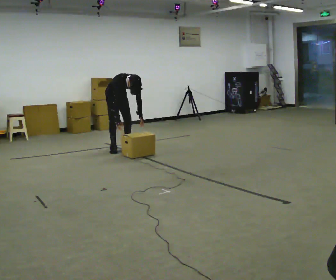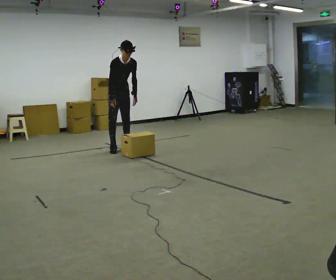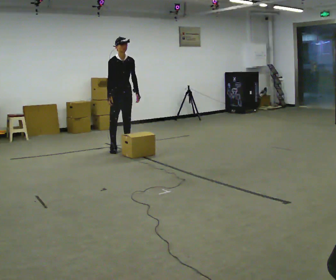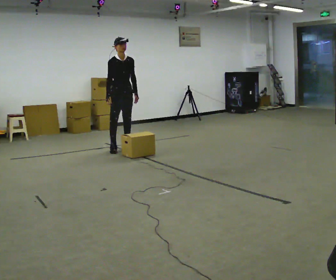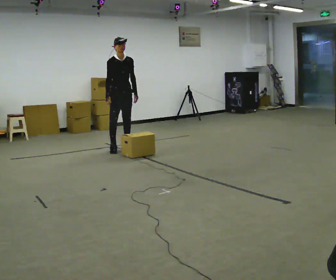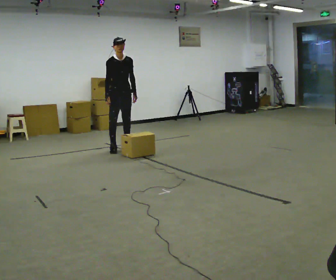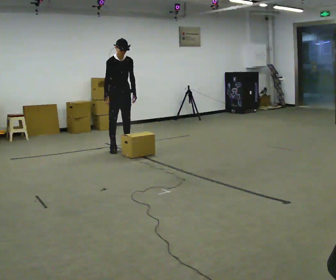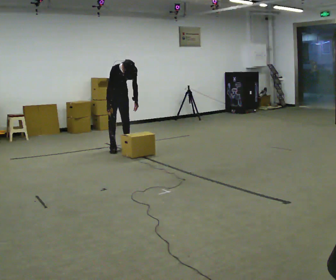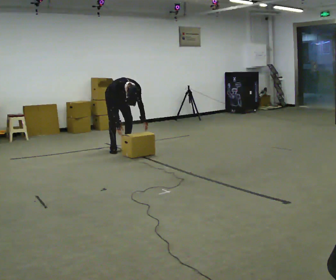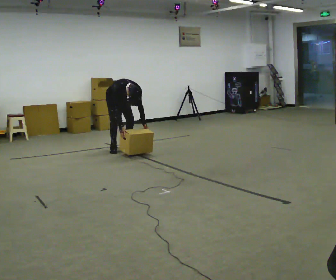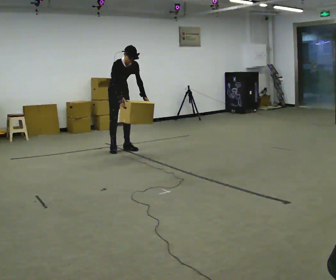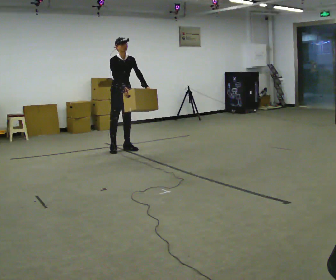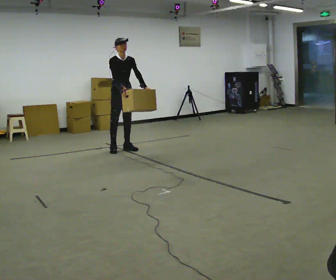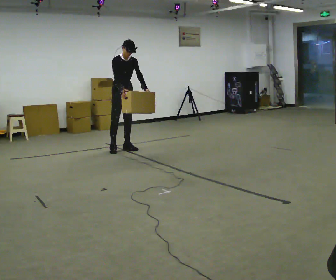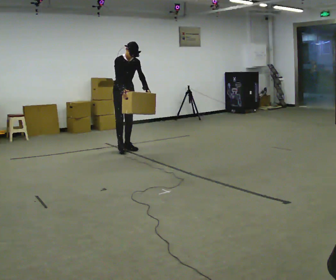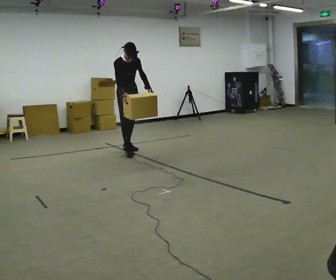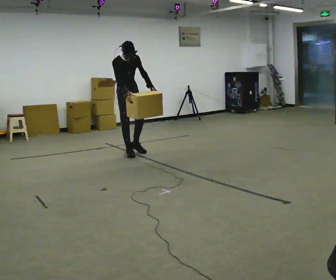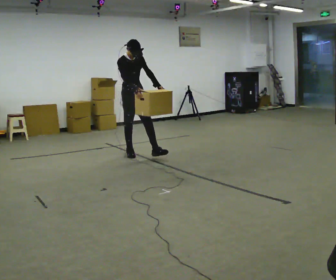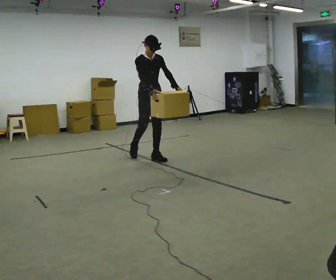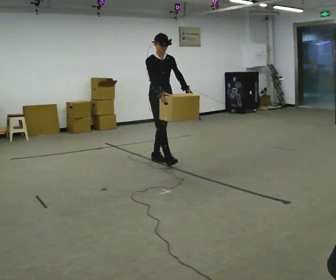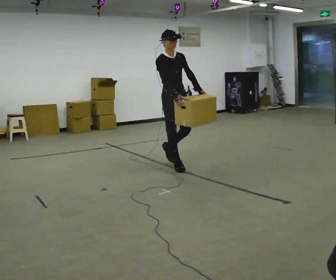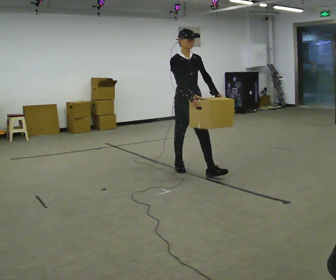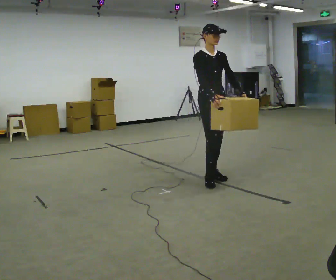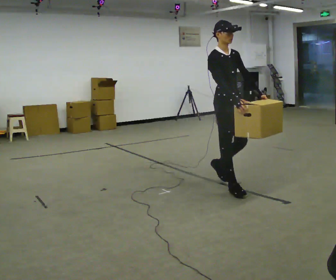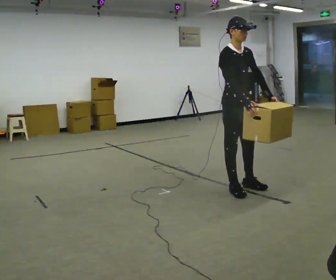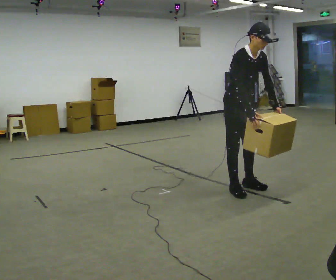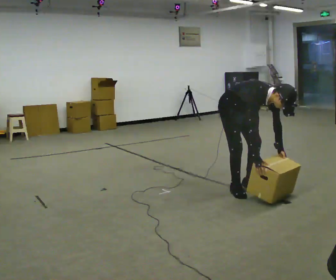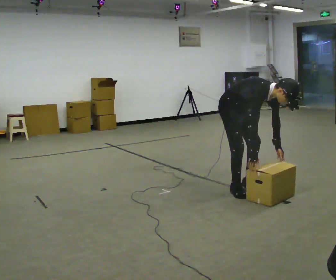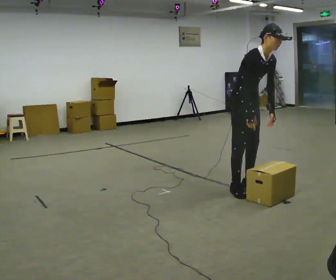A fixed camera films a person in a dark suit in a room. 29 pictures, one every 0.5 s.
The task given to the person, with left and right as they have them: Carry the box straight from one end of the room to the other, set it down, then bring it back. Keep going until the operator says stop; one object at a time, and do not rush between trips.
0.0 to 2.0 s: In the picture they go toward the camera, about 0.25 m, which for them is forward. The upper body goes upward. The upper body tips away from the camera, its near side rolling upward, as they lean back or straighten. In the picture their left hand goes upward.
2.0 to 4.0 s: In the picture they go away from the camera, about 0.25 m, which for them is backward. The upper body goes downward. The upper body tips toward the camera, its near side rolling downward, as they bend forward. In the picture their left hand goes downward.
4.0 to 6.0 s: The upper body goes upward. The upper body tips away from the camera, its near side rolling upward, as they lean back or straighten. In the picture their right hand goes upward.
6.0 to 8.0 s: In the picture they go toward the camera, about 0.25 m in 1 step, which for them is forward.
8.0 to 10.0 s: In the picture they go toward the camera and to the right, about 1 m in 2 steps, which for them is forward.
10.0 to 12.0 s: In the picture they go toward the camera and to the right, about 1 m in 3 steps, which for them is forward.
12.0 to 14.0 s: The person moves a little, or ends about where they began.
The film runs forward here.
